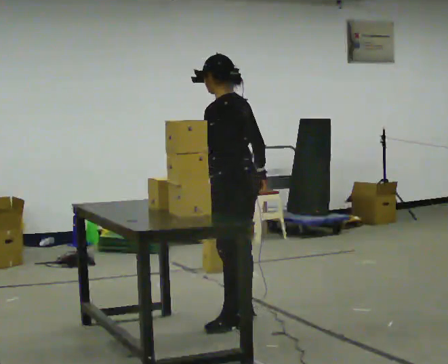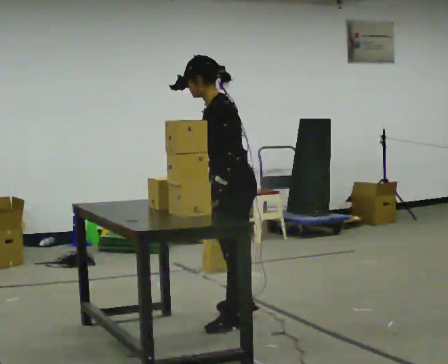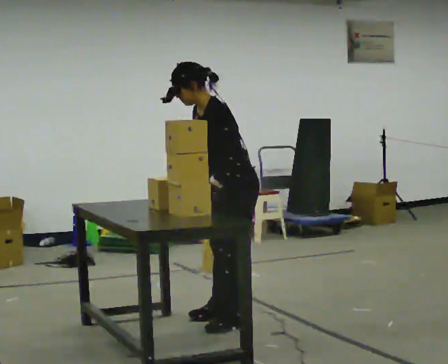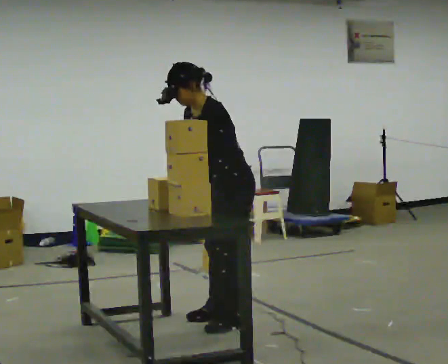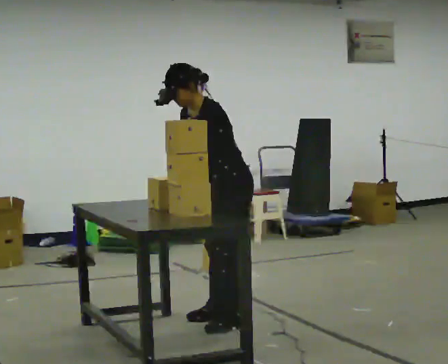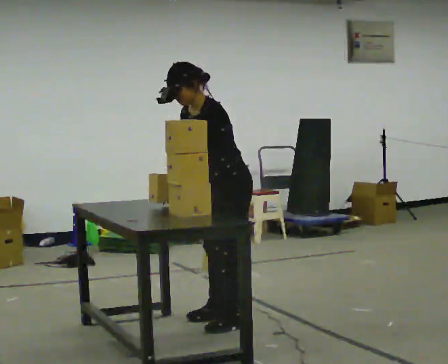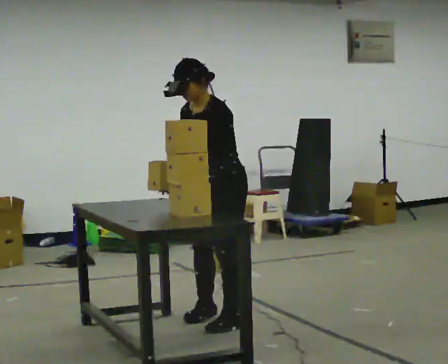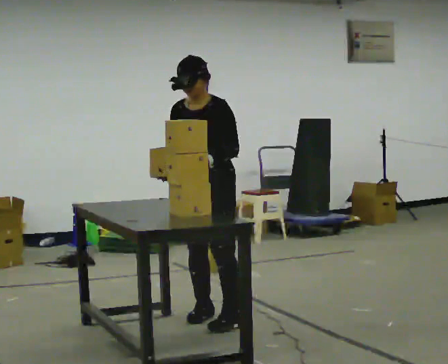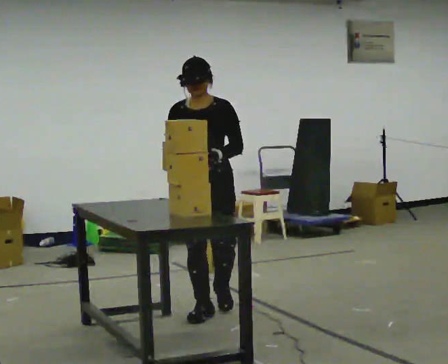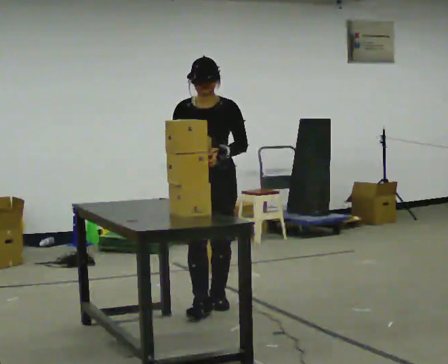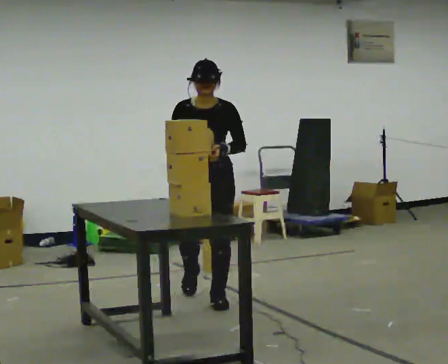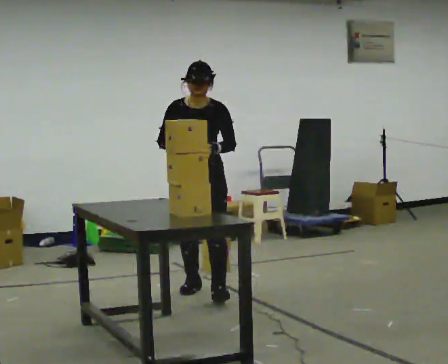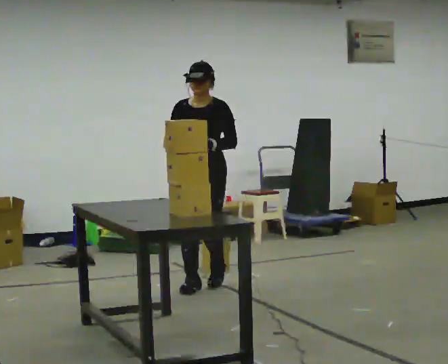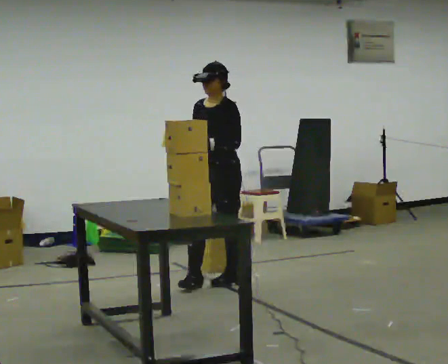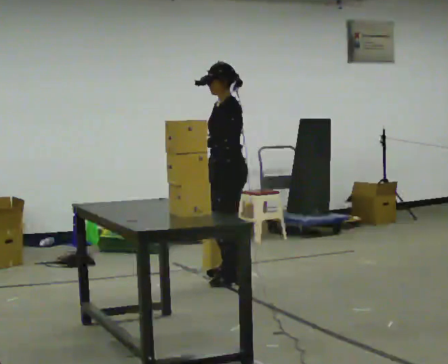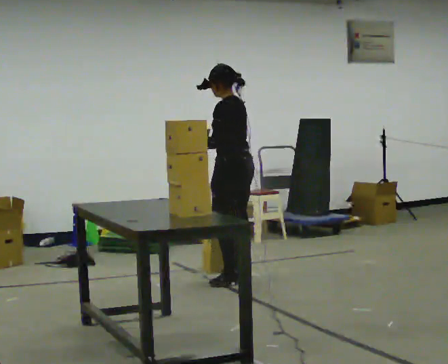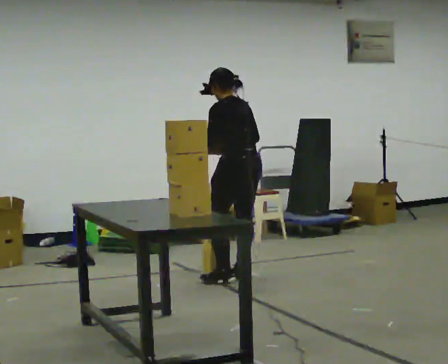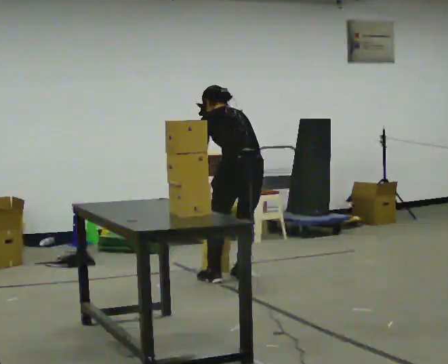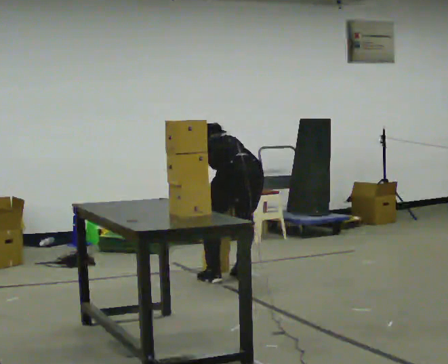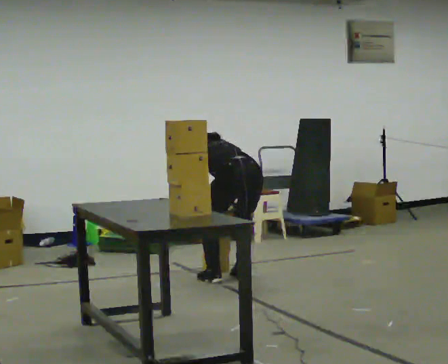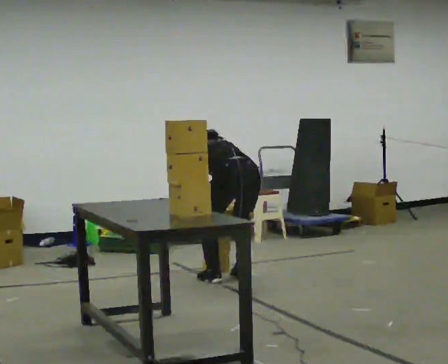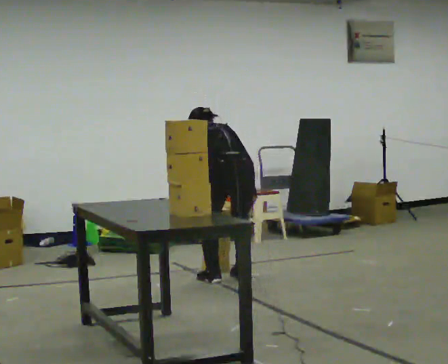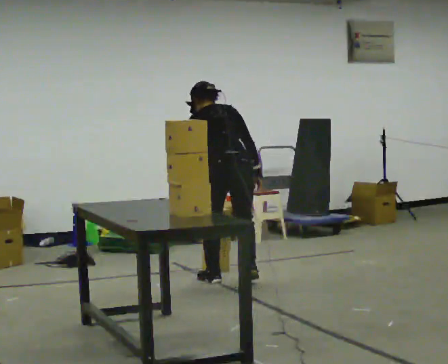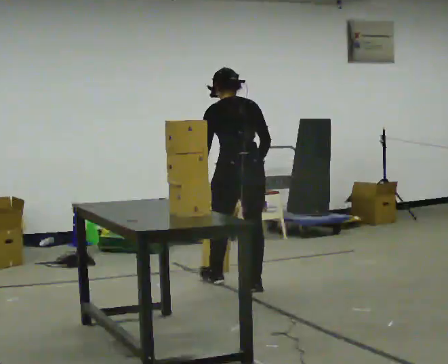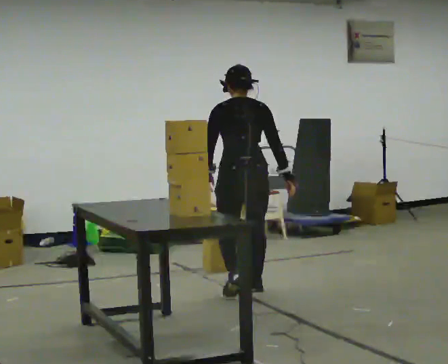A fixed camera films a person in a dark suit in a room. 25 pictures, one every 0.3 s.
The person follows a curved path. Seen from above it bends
clockwise.
0.0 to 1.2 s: The person turns about 45 degrees to their left, counterclockwise seen from above, so the part of the body nearest the lens slides to the right. In the picture the upper body tilts counterclockwise, shoulders to the left, as they bend forward. In the picture their right hand goes to the left, the arm swinging clockwise.
1.2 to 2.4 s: The person turns about 60 degrees to their left, counterclockwise seen from above, so the part of the body nearest the lens slides to the right. In the picture they go away from the camera, about 0.25 m in 1 step, which for them is to their right. In the picture the upper body tilts clockwise, shoulders to the right, as they lean back or straighten.
2.4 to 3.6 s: In the picture they go away from the camera, about 0.75 m in 2 steps, which for them is backward.
3.6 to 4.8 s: The person turns about 120 degrees to their right, clockwise seen from above, so the part of the body nearest the lens slides to the left. In the picture they go away from the camera and to the right, about 0.5 m in 1 step.
4.8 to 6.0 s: The part of the body nearest the lens slides to the left as the person turns to their right by about 30 degrees. The shoulders move downward. The upper body tips away from the camera, its near side rolling upward, as they bend forward. In the picture their right hand goes downward.
6.0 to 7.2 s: In the picture they go toward the camera, about 0.25 m in 2 steps, which for them is backward. The shoulders move upward. The upper body tips toward the camera, its near side rolling downward, as they lean back or straighten. In the picture their left hand goes upward.
The film runs backward here.
